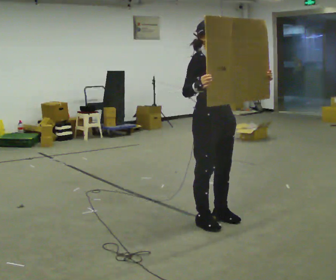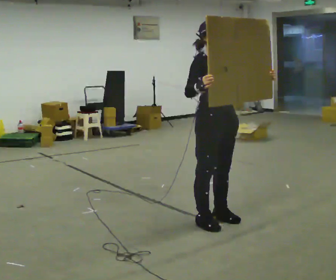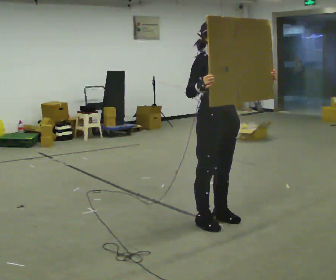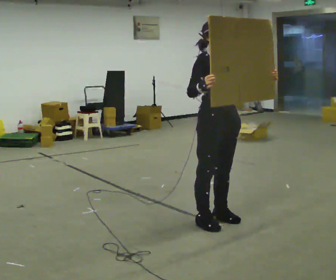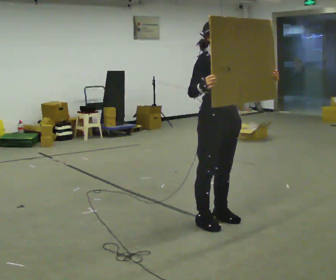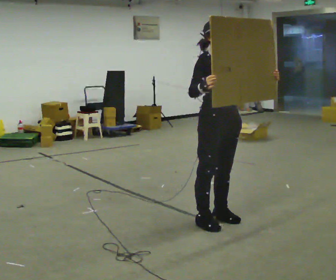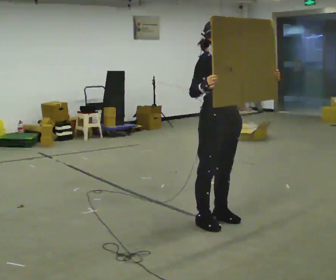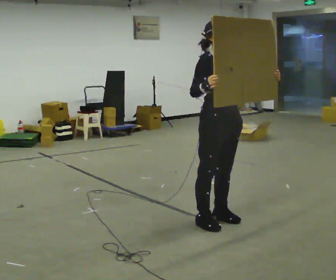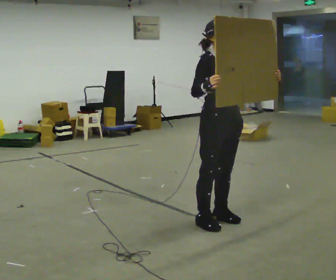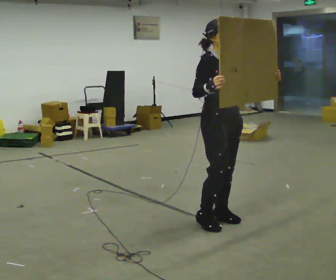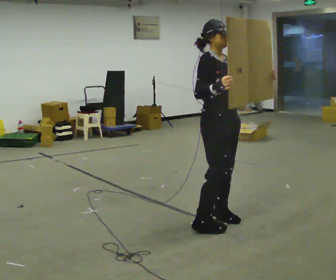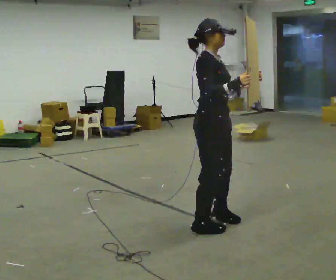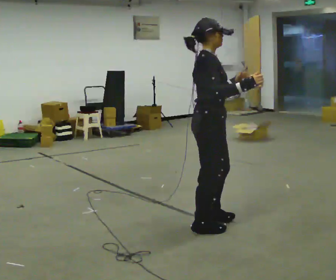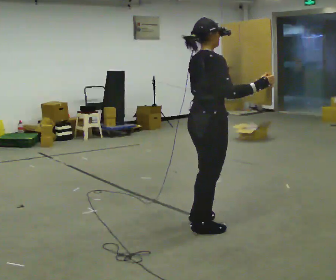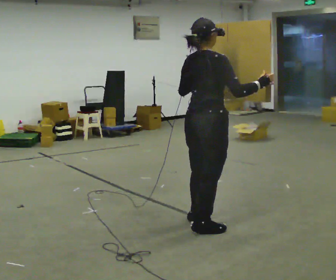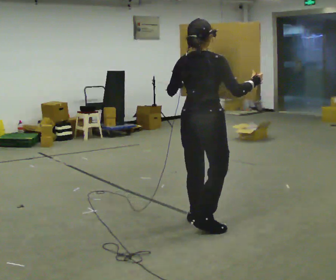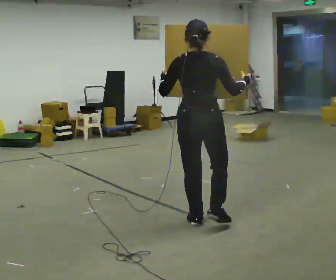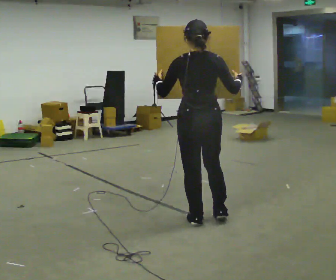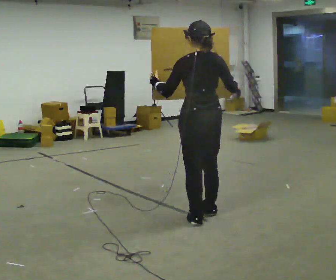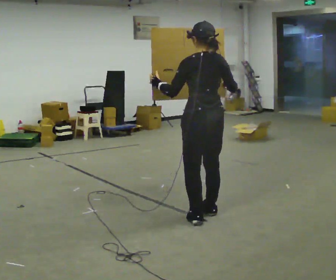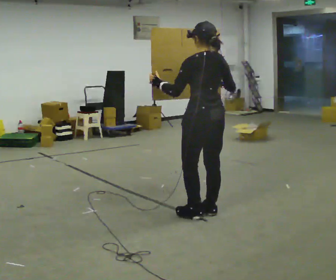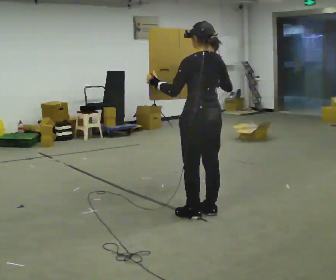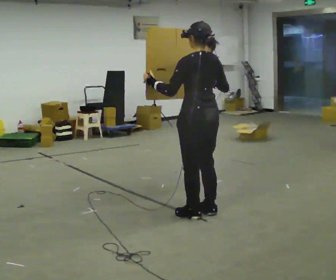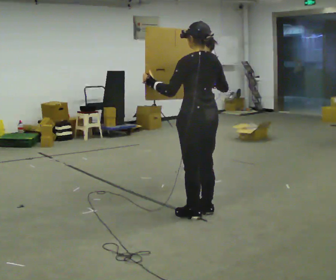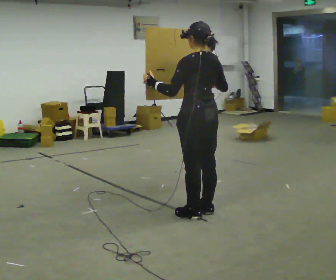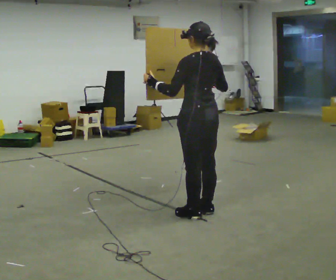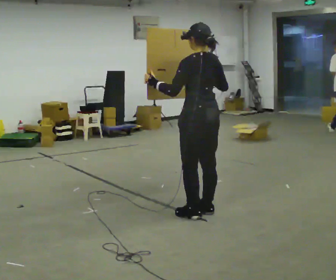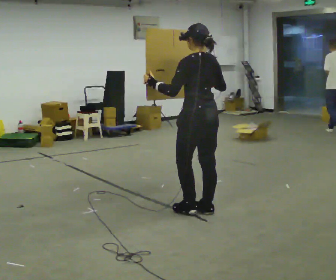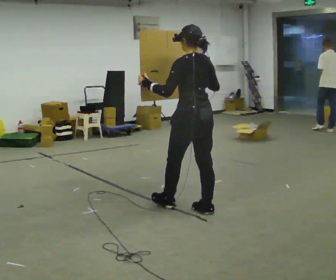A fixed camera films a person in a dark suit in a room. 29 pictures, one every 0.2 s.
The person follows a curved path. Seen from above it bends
clockwise.
The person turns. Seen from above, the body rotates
counterclockwise.
0.0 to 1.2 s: The person moves a little, or ends about where they began.
1.2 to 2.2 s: The person turns about 30 degrees to their left, counterclockwise seen from above, so the part of the body nearest the lens slides to the right.
2.2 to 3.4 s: Seen from above the body turns counterclockwise, about 105 degrees: to their left, with its near side sliding to the right.
3.4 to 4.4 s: The person turns about 30 degrees to their left, counterclockwise seen from above, so the part of the body nearest the lens slides to the right. In the picture they go away from the camera, about 0.25 m in 1 step, which for them is forward.
4.4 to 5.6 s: The person moves a little, or ends about where they began.
The film runs forward here.
